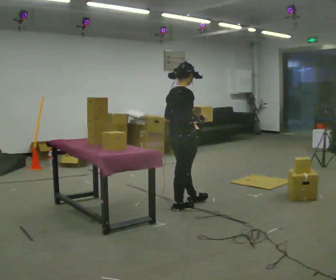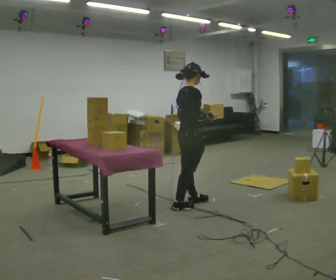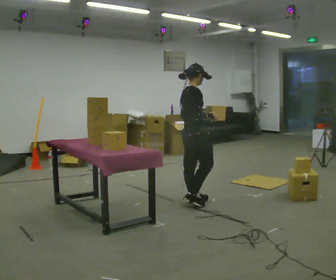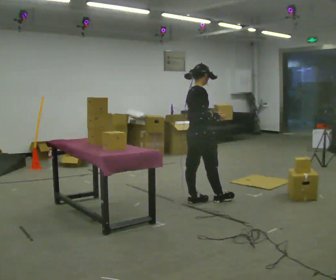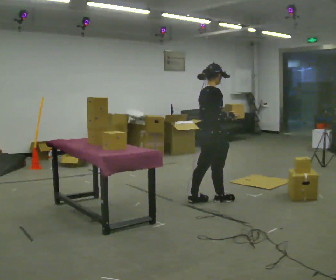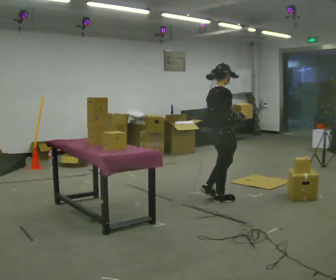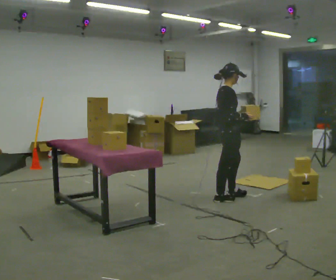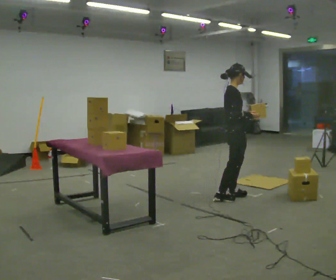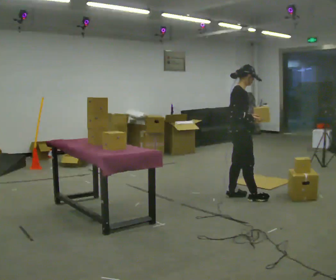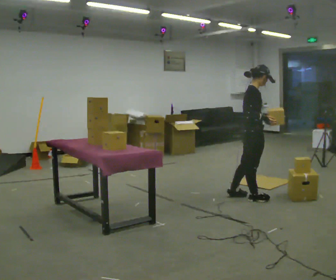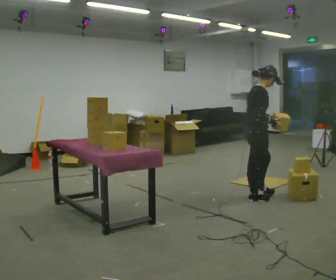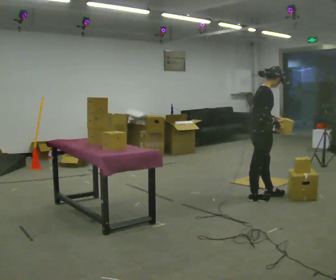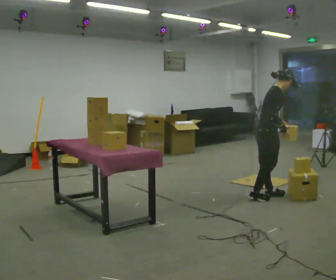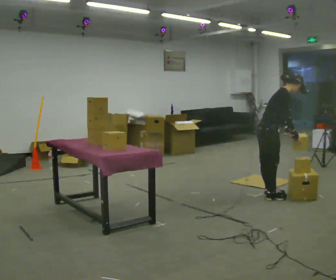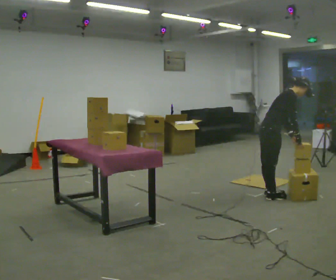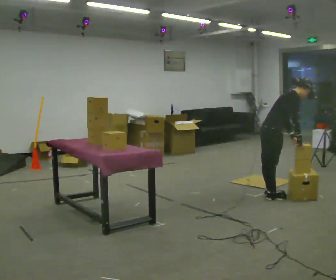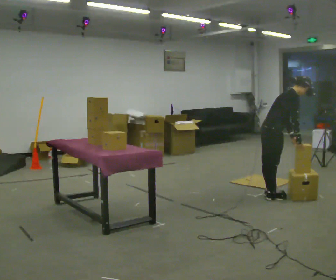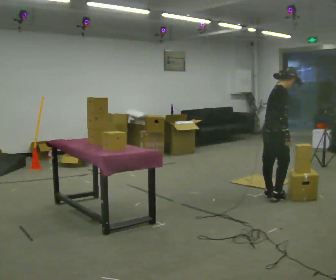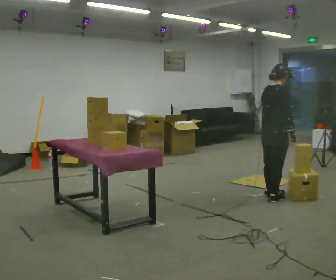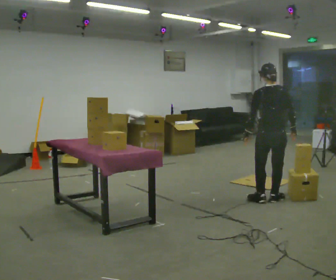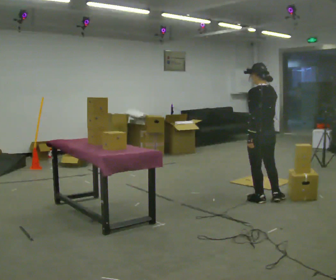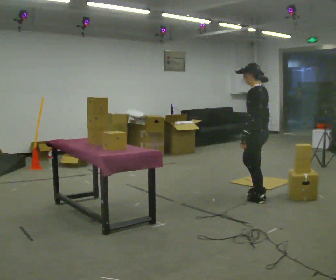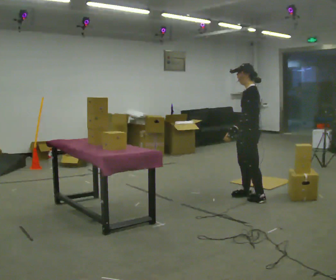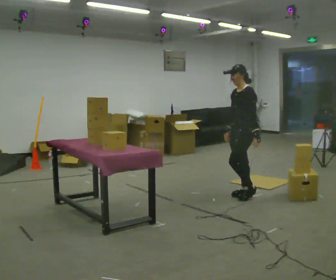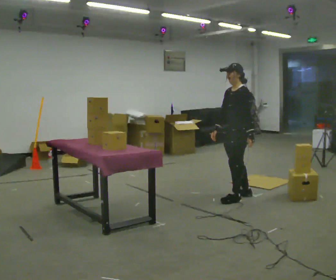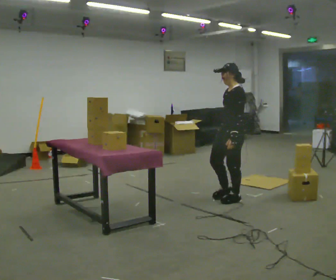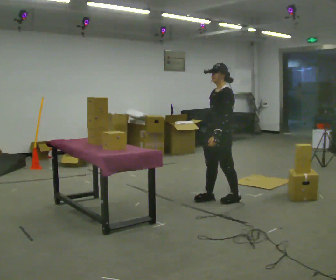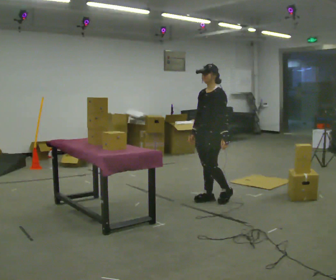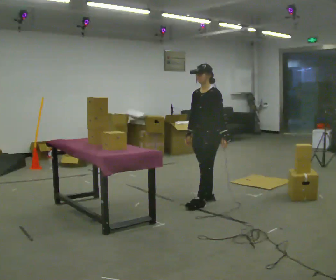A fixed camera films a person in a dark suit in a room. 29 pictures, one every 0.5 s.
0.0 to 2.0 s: In the picture they go to the right and away from the camera, about 0.5 m in 1 step, which for them is forward.
2.0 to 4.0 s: Seen from above the body turns clockwise, about 45 degrees: to their right, with its near side sliding to the left. In the picture they go to the right and away from the camera, about 0.25 m in 1 step, which for them is forward.
4.0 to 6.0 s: In the picture they go to the right, about 0.25 m in 2 steps, which for them is forward. In the picture the upper body tilts clockwise, shoulders to the right, as they bend forward.
6.0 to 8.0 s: In the picture the upper body tilts clockwise, shoulders to the right, as they bend forward.
8.0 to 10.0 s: The person turns about 120 degrees to their left, counterclockwise seen from above, so the part of the body nearest the lens slides to the right. In the picture the upper body tilts counterclockwise, shoulders to the left, as they lean back or straighten. In the picture their right hand goes to the left.
10.0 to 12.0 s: The person turns about 90 degrees to their left, counterclockwise seen from above, so the part of the body nearest the lens slides to the right. In the picture they go to the left, about 0.25 m in 2 steps.
12.0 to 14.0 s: In the picture they go to the left, about 0.25 m in 2 steps, which for them is forward.
The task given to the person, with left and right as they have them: Take each object from the table and put it in the bin that matches it, walking between the bins. Keep going until the operator says stop; one object at a time, and do not rush between trips.
The film runs forward here.
